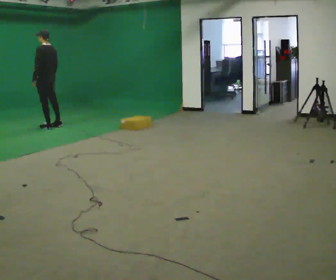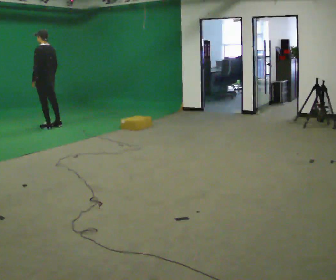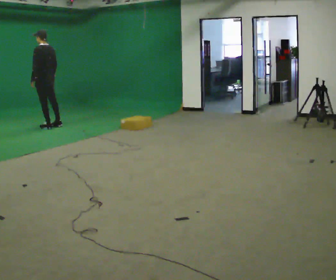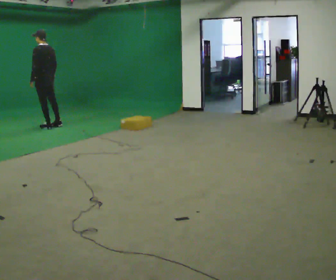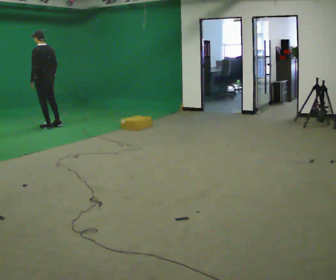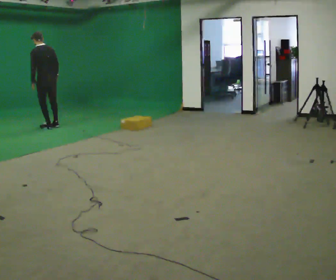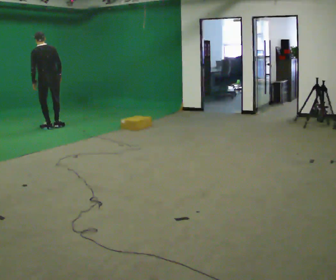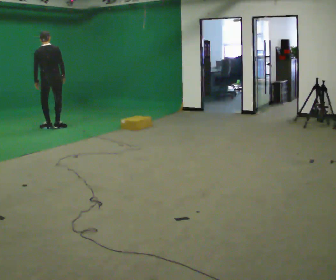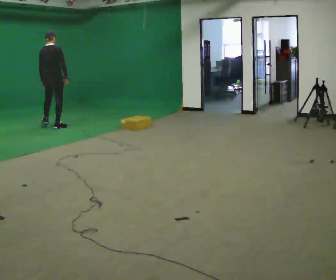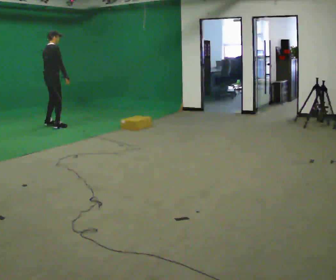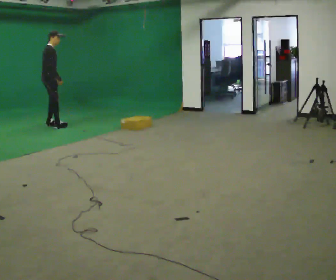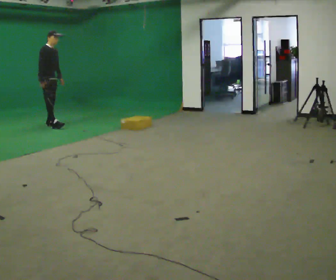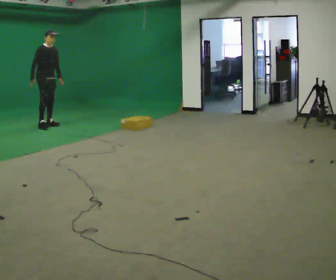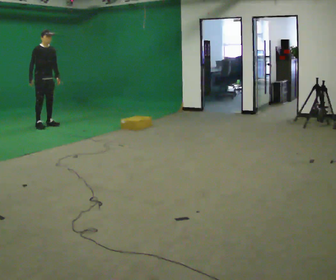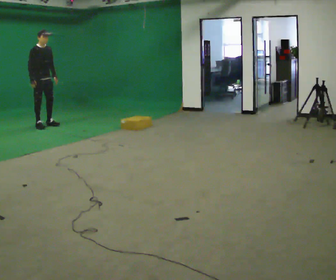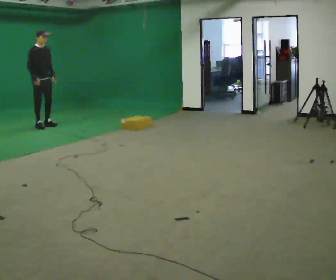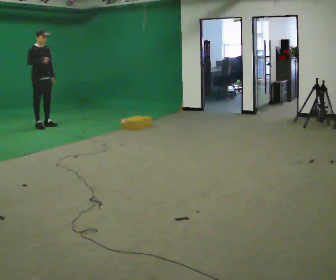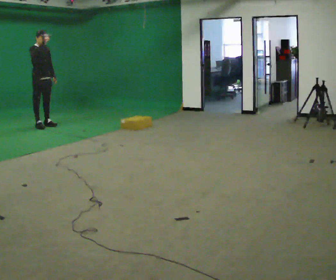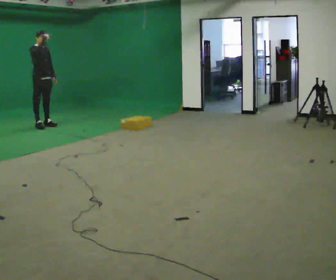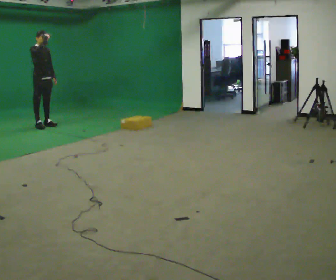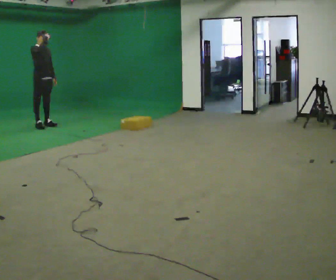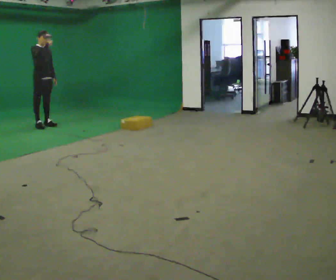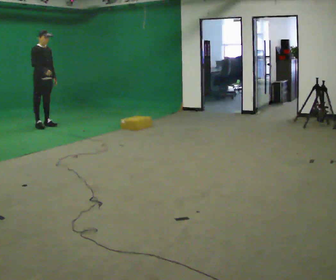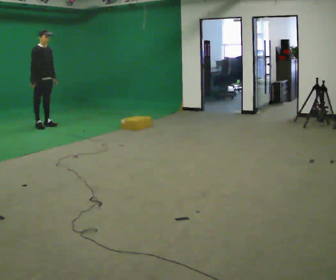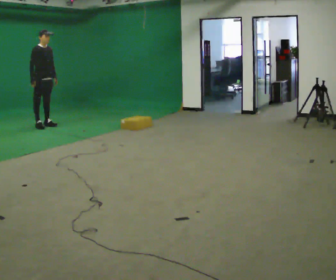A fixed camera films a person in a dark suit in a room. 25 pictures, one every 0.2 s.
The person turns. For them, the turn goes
to their right.
The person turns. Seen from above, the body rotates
clockwise.
0.0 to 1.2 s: The part of the body nearest the lens slides to the left as the person turns to their right by about 45 degrees.
1.2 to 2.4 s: Seen from above the body turns clockwise, about 150 degrees: to their right, with its near side sliding to the left. In the picture they go away from the camera, about 0.25 m in 2 steps. In the picture the upper body tilts clockwise, shoulders to the right. In the picture their right hand goes to the left, the arm swinging clockwise.
2.4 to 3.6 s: In the picture their right hand goes upward.
3.6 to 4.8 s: In the picture their right hand goes downward.
The film runs forward here.
